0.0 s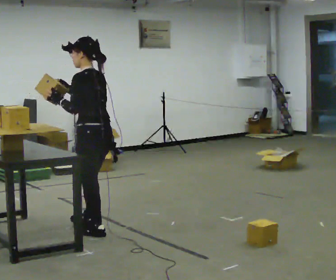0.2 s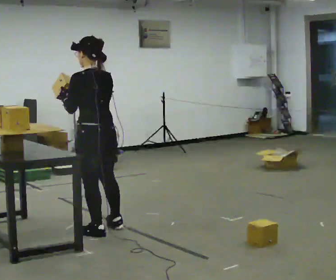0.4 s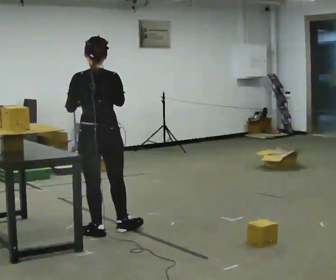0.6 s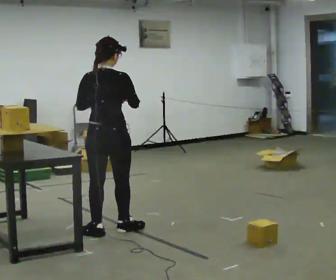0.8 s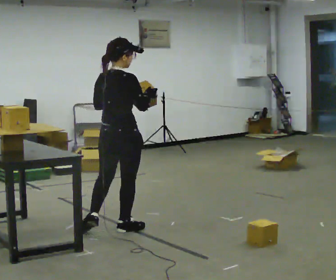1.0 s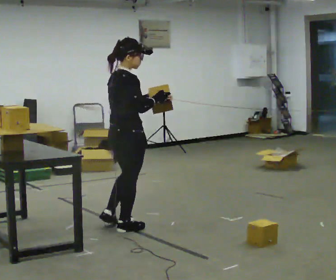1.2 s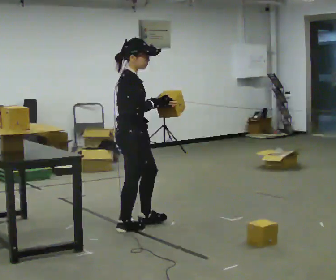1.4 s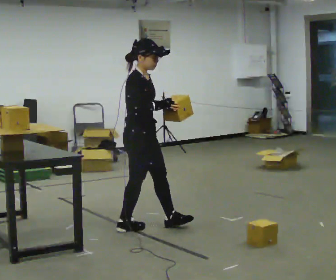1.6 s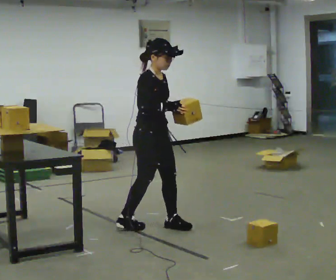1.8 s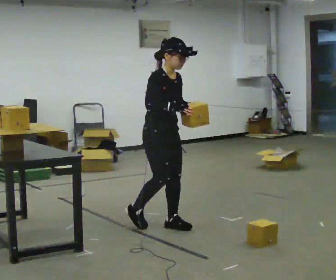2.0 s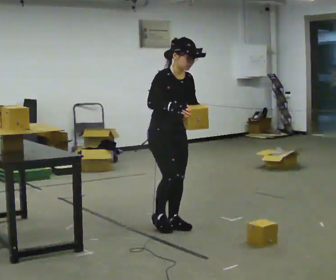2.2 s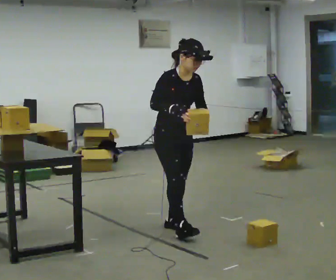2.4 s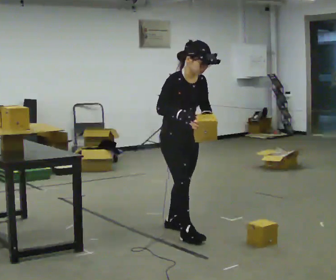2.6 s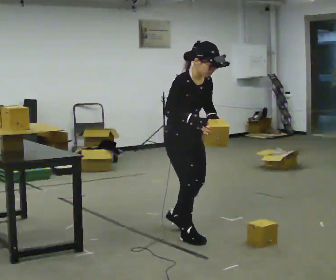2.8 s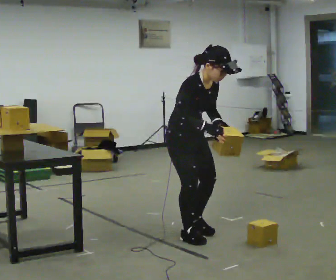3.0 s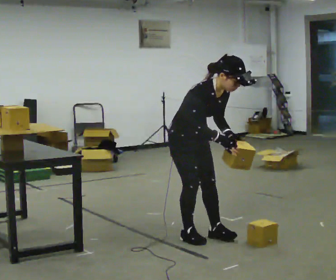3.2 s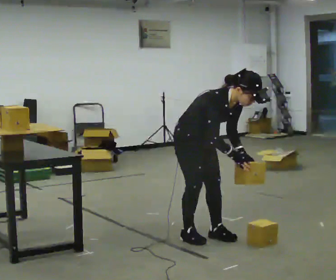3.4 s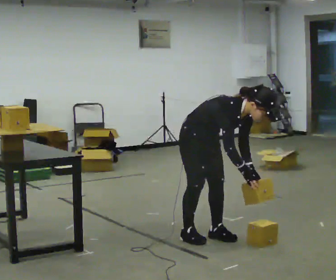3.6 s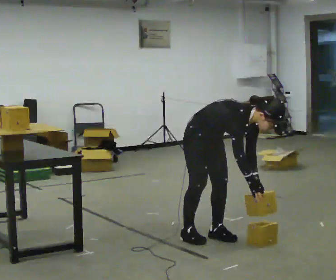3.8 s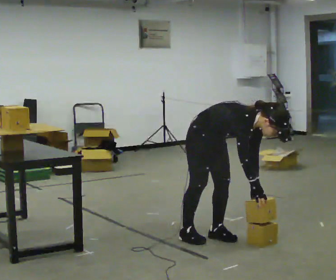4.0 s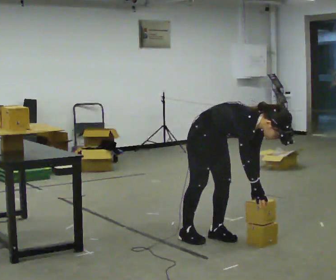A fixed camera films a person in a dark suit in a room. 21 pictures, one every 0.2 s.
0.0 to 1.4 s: The person turns about 165 degrees to their right, clockwise seen from above, so the part of the body nearest the lens slides to the left. In the picture they go to the right and away from the camera, about 0.25 m in 2 steps.
1.4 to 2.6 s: The person turns about 30 degrees to their right, clockwise seen from above, so the part of the body nearest the lens slides to the left. In the picture they go to the right and toward the camera, about 0.5 m in 1 step, which for them is forward.
2.6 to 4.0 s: In the picture they go to the right, about 0.25 m in 1 step, which for them is forward. The upper body goes downward. In the picture the upper body tilts clockwise, shoulders to the right, as they bend forward. In the picture their left hand goes downward and to the right.
The film runs forward here.
